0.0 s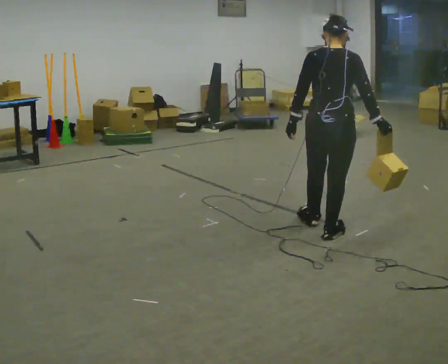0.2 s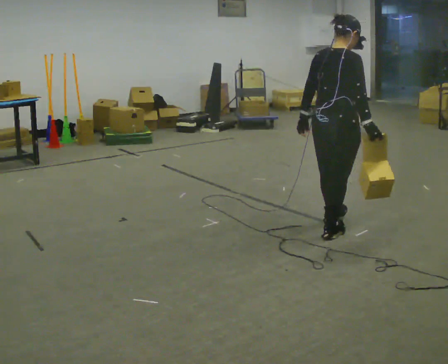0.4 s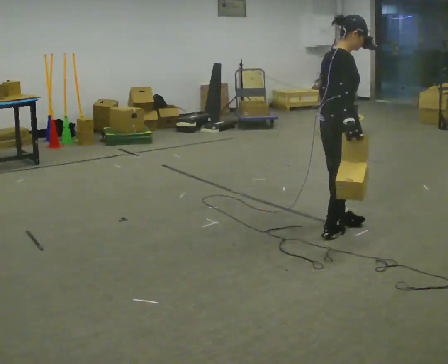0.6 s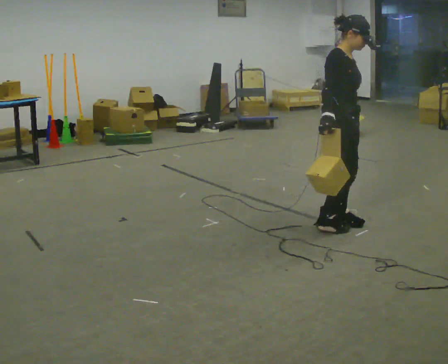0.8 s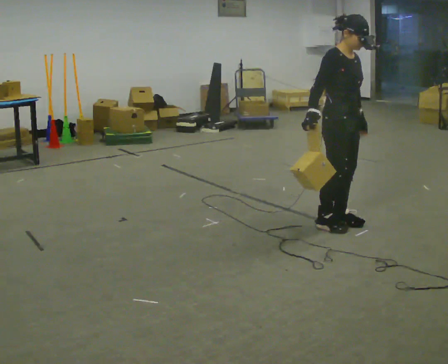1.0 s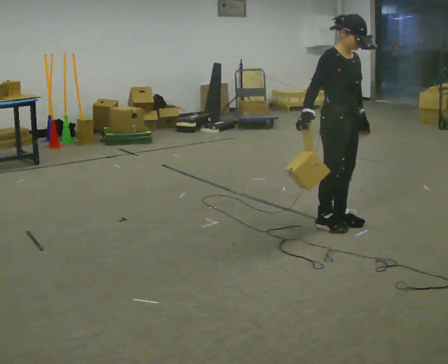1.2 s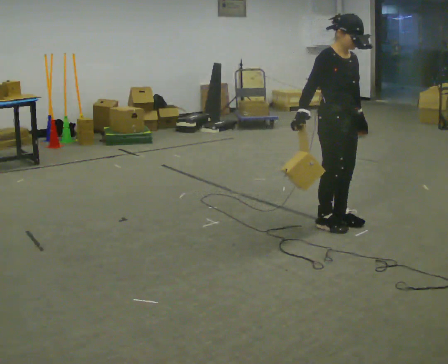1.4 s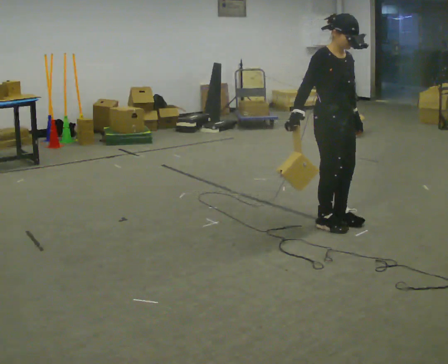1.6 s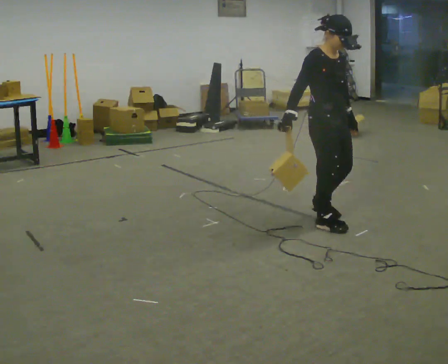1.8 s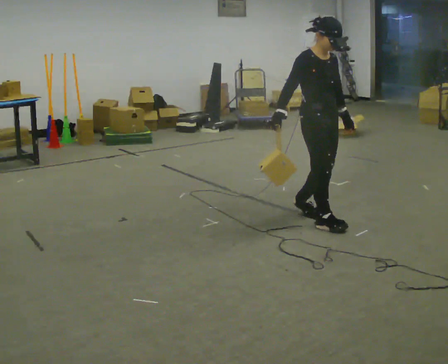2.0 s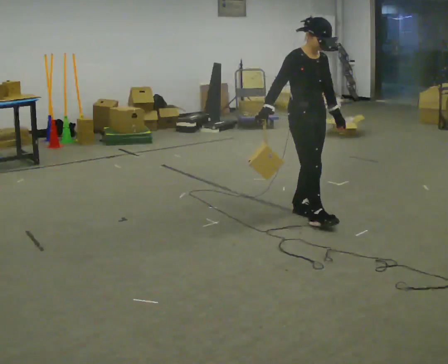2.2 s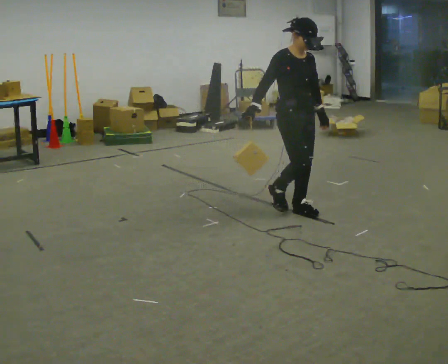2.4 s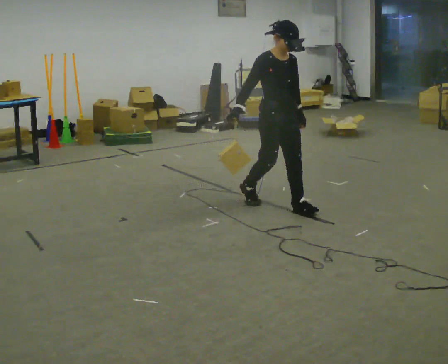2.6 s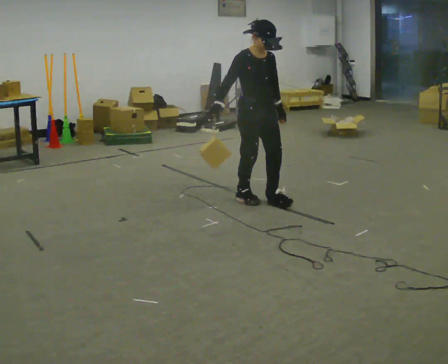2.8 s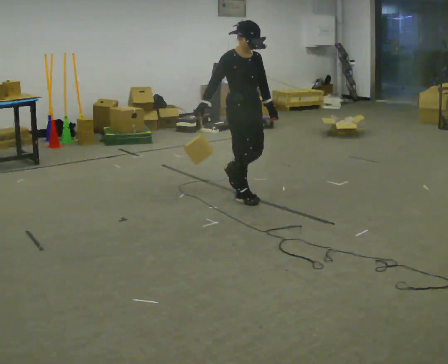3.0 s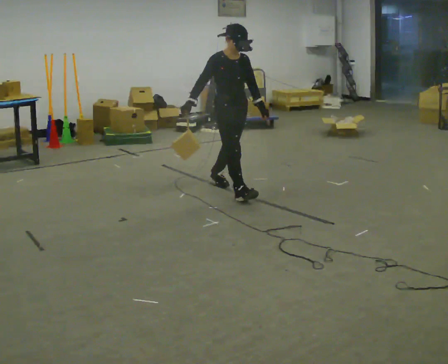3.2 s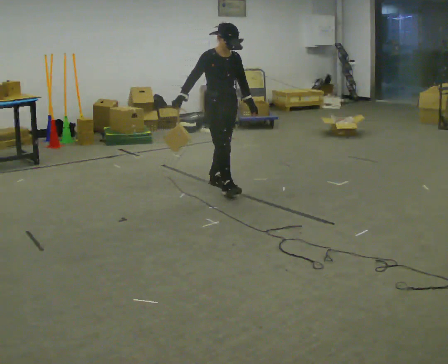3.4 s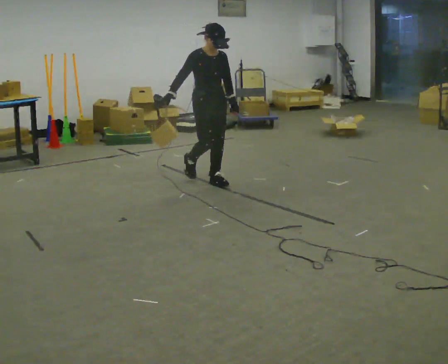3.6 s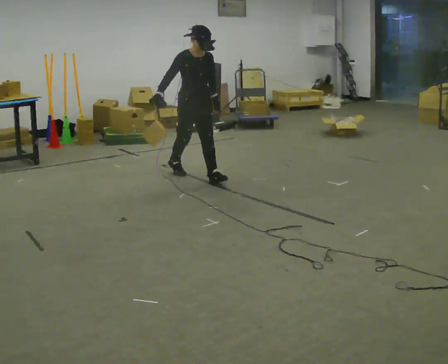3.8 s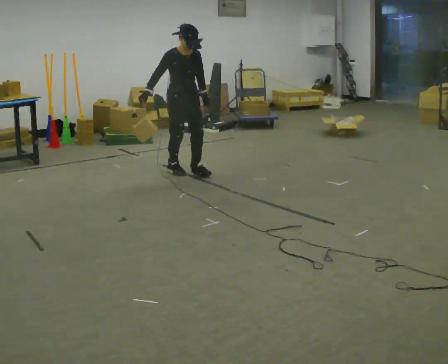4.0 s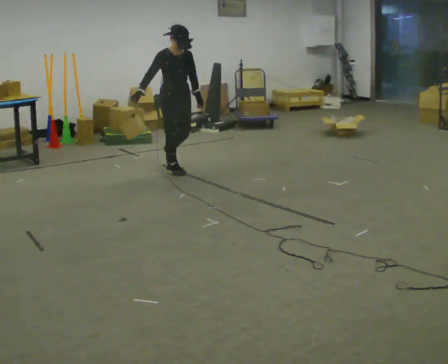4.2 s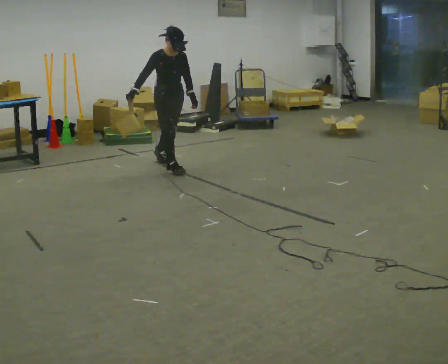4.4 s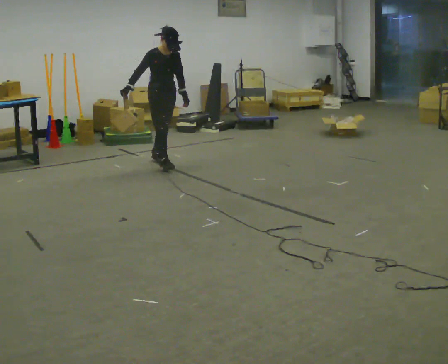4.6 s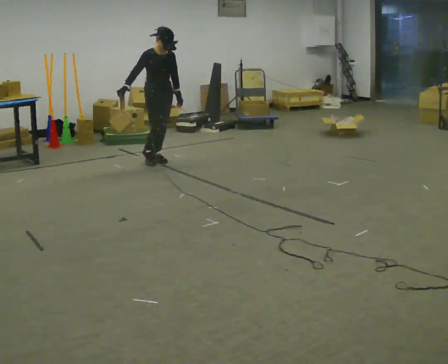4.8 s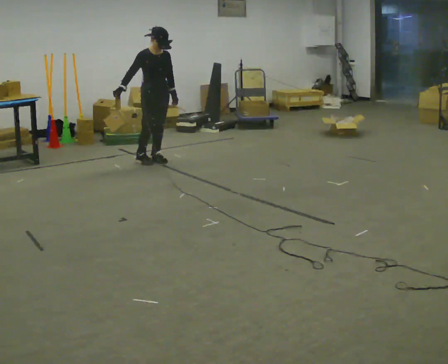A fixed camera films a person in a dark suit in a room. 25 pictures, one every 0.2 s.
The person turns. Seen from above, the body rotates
clockwise.
The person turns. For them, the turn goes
to their right.
0.0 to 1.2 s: The person turns about 120 degrees to their right, clockwise seen from above, so the part of the body nearest the lens slides to the left. In the picture their right hand goes to the left, the arm swinging clockwise.
1.2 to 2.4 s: In the picture they go away from the camera and to the left, about 0.5 m in 2 steps, which for them is backward.
2.4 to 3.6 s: In the picture they go away from the camera and to the left, about 1 m in 2 steps, which for them is backward.
3.6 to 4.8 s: In the picture they go away from the camera and to the left, about 1 m in 2 steps, which for them is backward.
The film runs backward here.
